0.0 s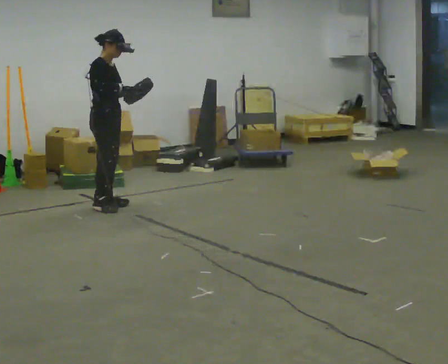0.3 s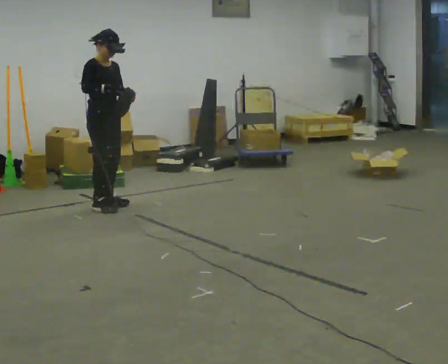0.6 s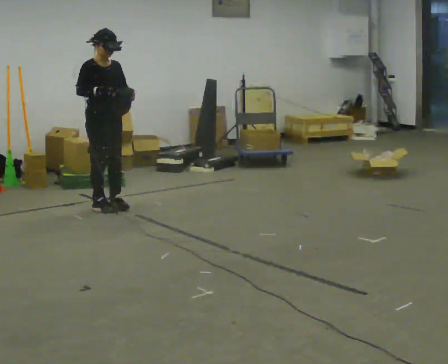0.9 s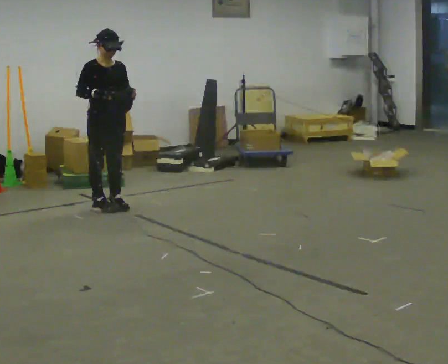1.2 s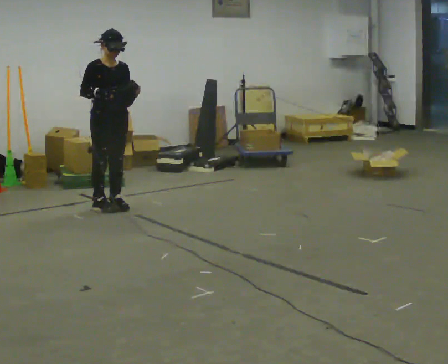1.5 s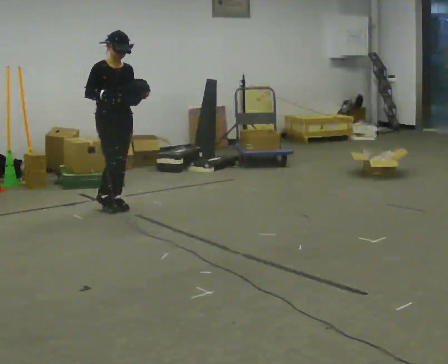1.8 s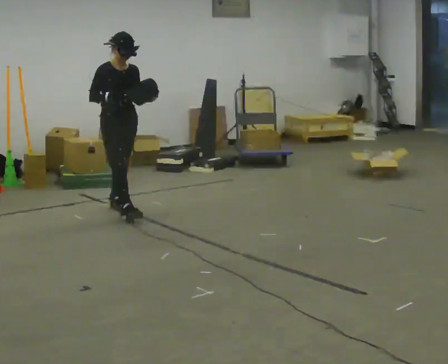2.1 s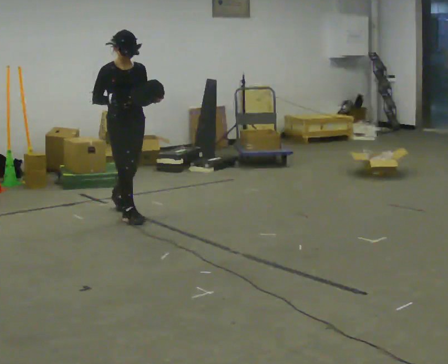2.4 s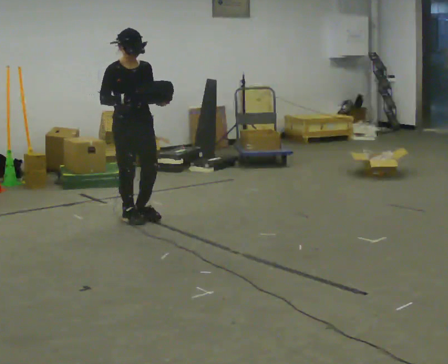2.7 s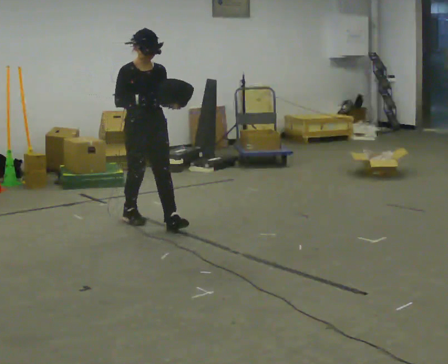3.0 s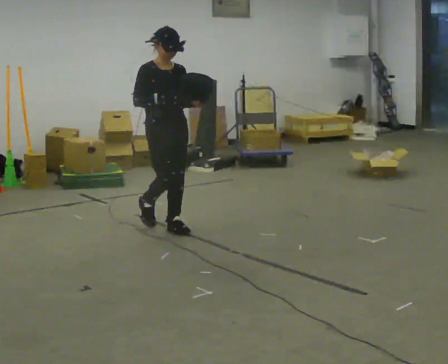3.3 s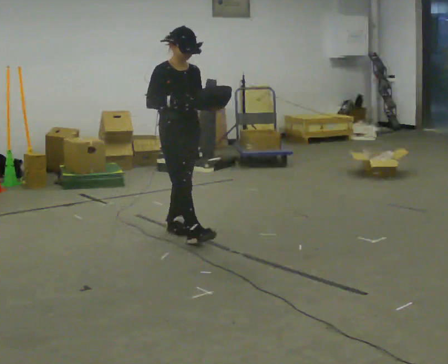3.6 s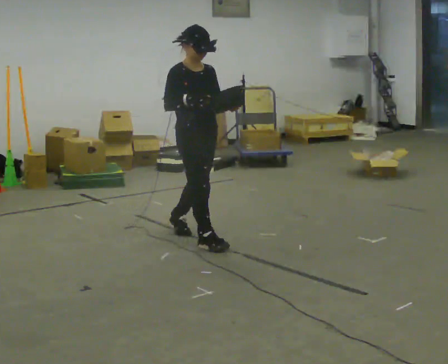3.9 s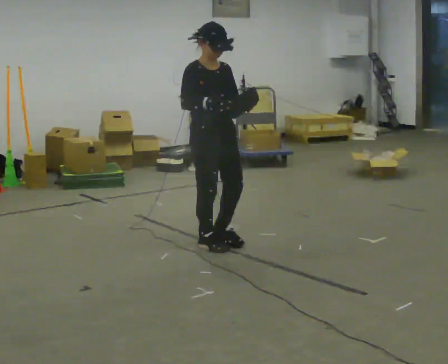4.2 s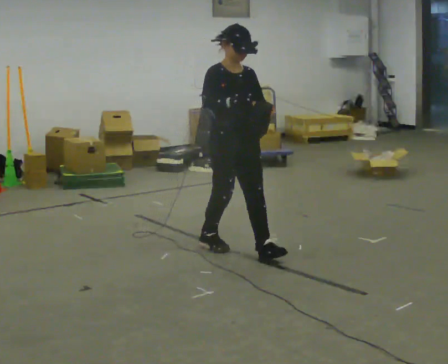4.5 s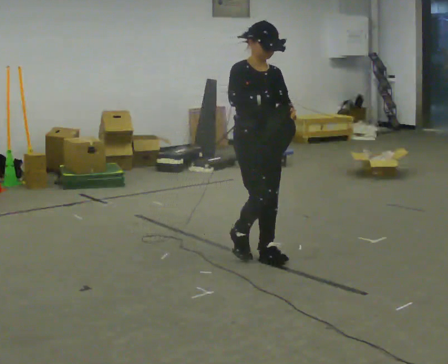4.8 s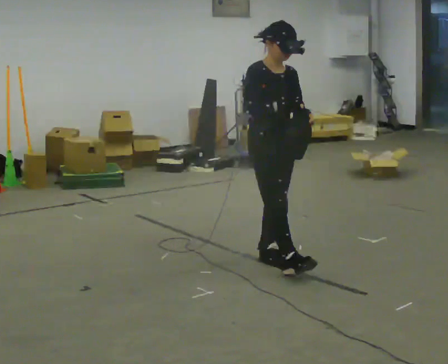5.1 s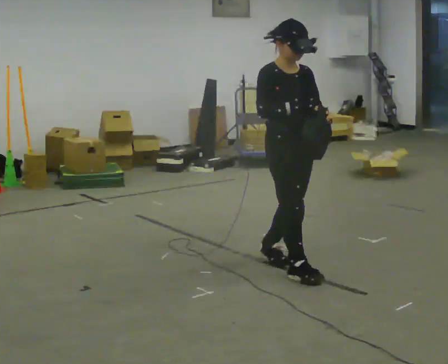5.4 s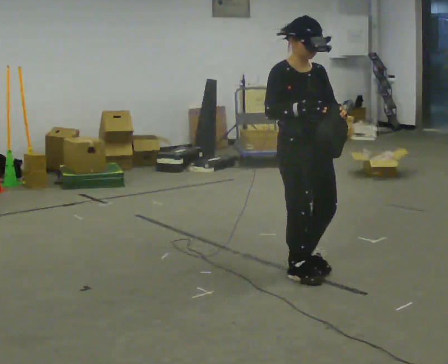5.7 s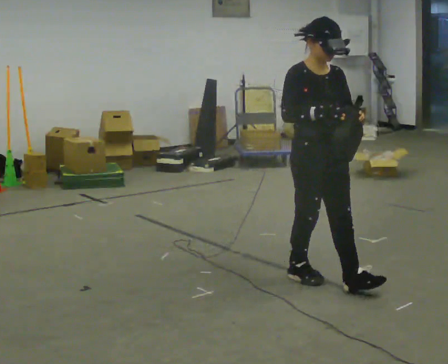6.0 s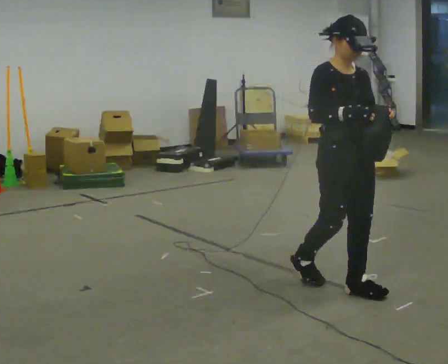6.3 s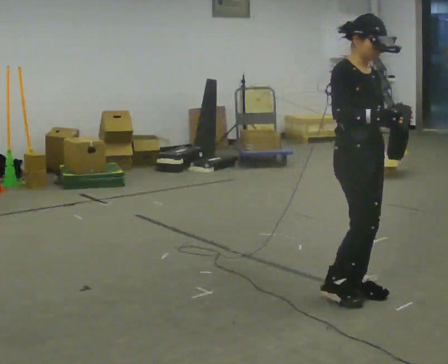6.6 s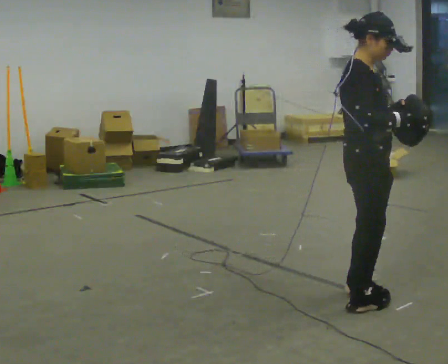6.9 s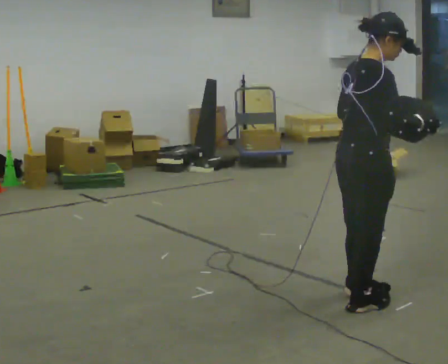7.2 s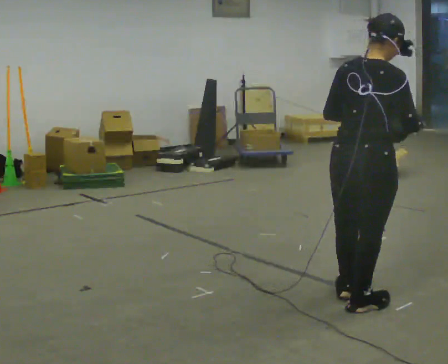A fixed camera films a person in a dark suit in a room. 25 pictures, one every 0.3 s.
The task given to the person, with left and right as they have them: Carry the bag and, while walking, undo the buckle or zip, then do it up again. Keep repeating as you walk. Do not stop.
0.0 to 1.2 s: The person turns about 30 degrees to their right, clockwise seen from above, so the part of the body nearest the lens slides to the left.
1.2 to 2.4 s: In the picture they go toward the camera and to the right, about 0.5 m in 1 step, which for them is forward.
2.4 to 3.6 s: In the picture they go toward the camera and to the right, about 1 m in 2 steps, which for them is forward.
3.6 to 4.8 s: In the picture they go toward the camera and to the right, about 0.75 m in 1 step, which for them is forward.
4.8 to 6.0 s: In the picture they go toward the camera and to the right, about 0.75 m in 2 steps, which for them is forward.
6.0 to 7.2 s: Seen from above the body turns counterclockwise, about 105 degrees: to their left, with its near side sliding to the right. In the picture they go toward the camera, about 0.25 m in 1 step.
The film runs forward here.
